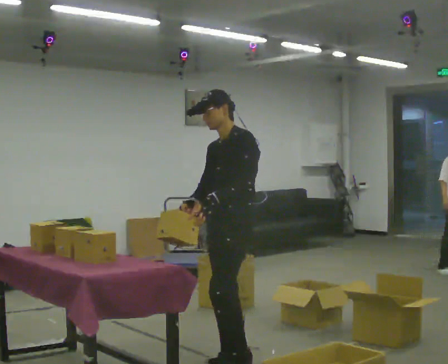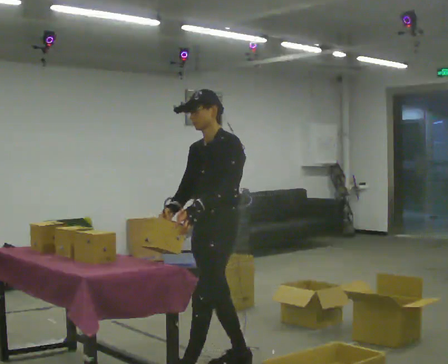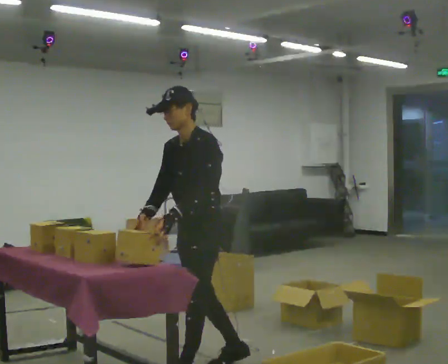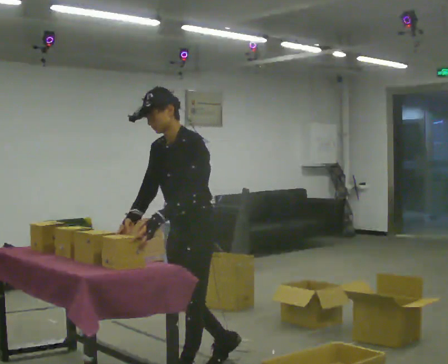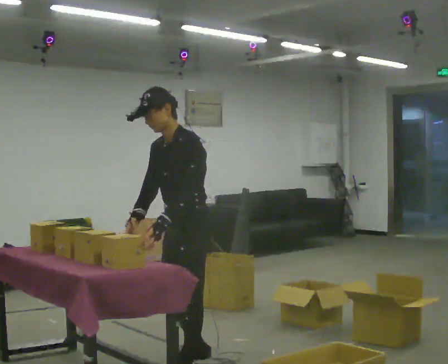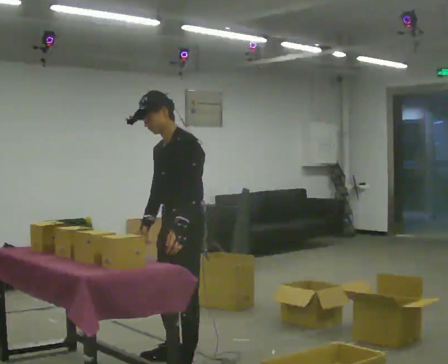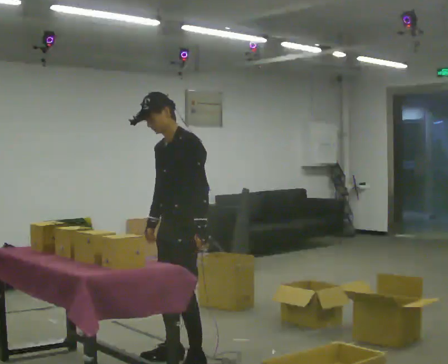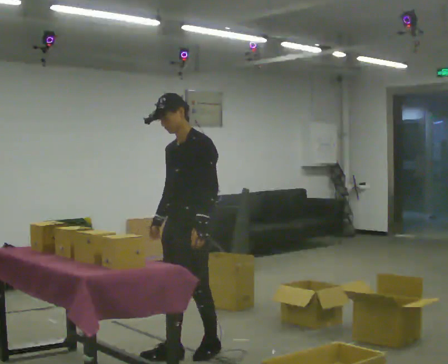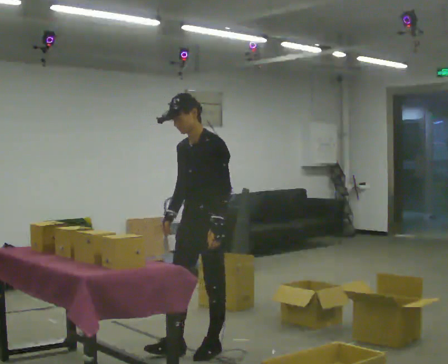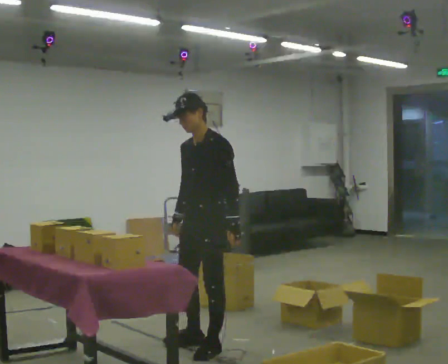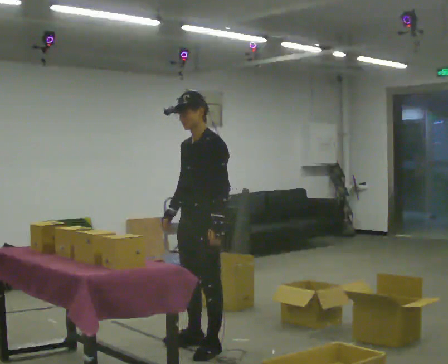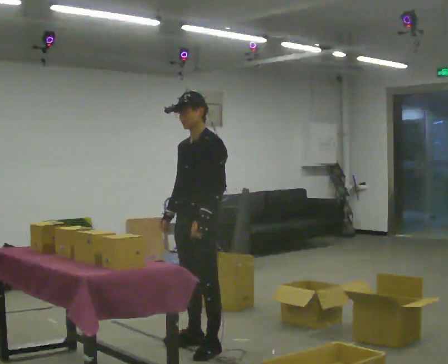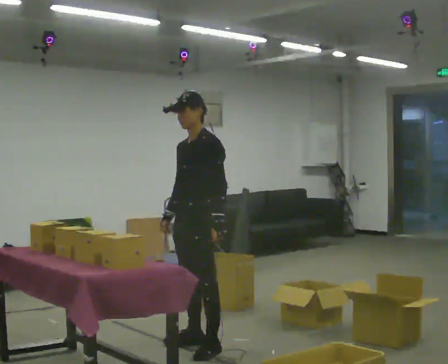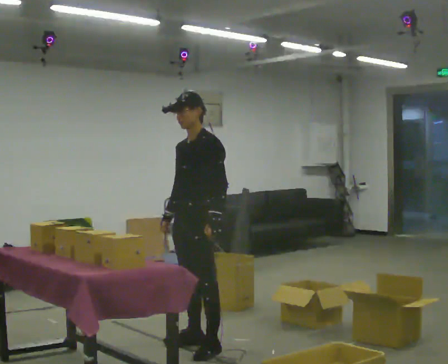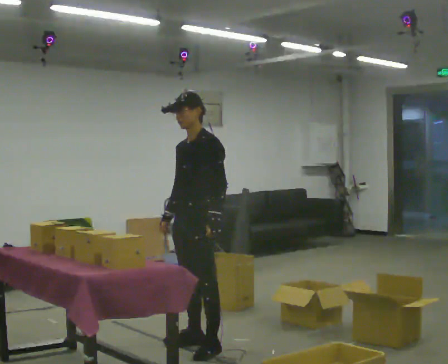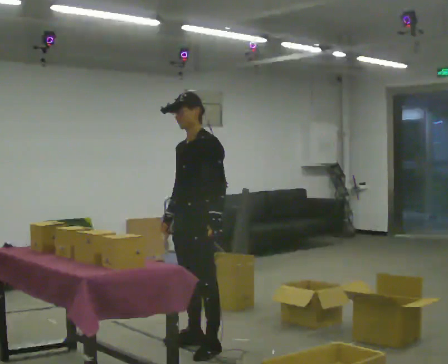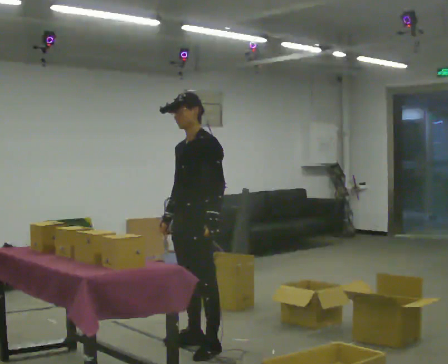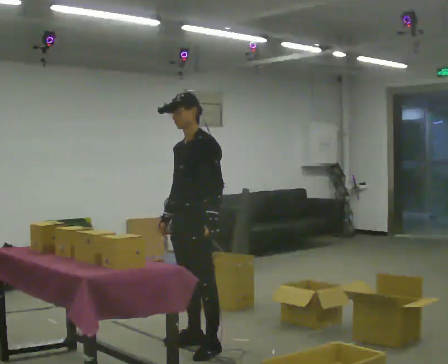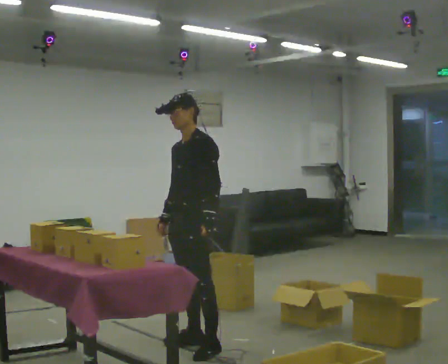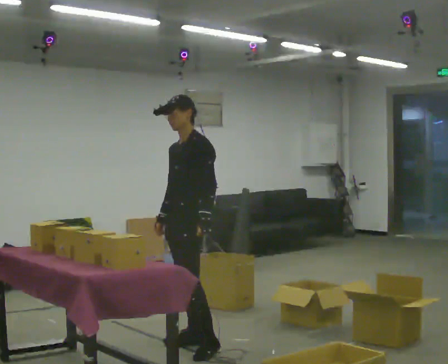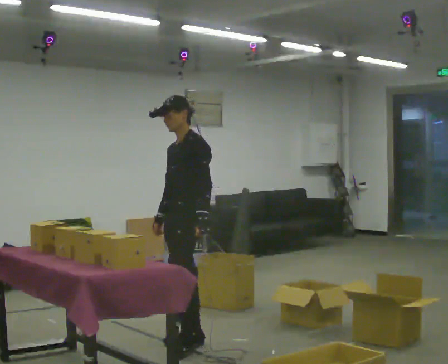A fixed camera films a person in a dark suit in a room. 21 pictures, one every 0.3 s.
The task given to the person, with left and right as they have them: Take the objects from the bin one at a time and put one in each of the places the operator points out. Keep going until the operator says stop; one object at a time, and do not rush between trips.
0.0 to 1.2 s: In the picture they go to the left, about 0.25 m in 1 step, which for them is forward.
1.2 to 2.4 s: In the picture they go away from the camera, about 0.5 m in 2 steps, which for them is backward and to their right.
2.4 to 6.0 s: In the picture they go away from the camera, about 0.25 m in 1 step, which for them is to their right.
The film runs forward here.
